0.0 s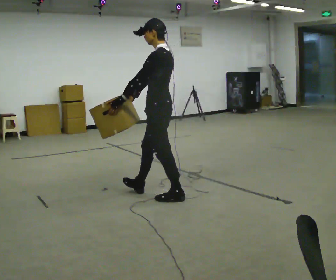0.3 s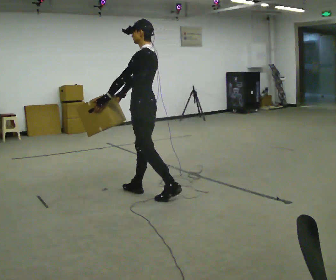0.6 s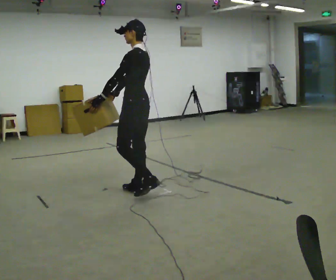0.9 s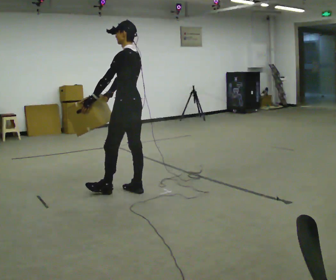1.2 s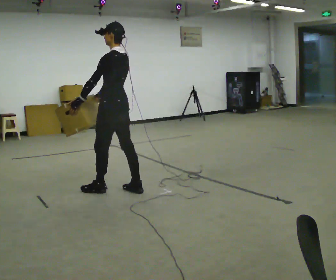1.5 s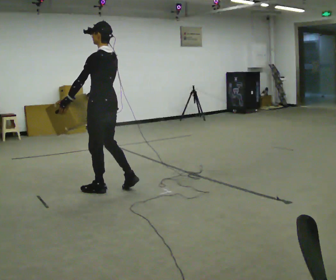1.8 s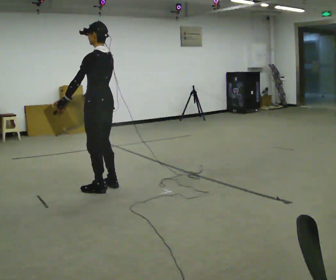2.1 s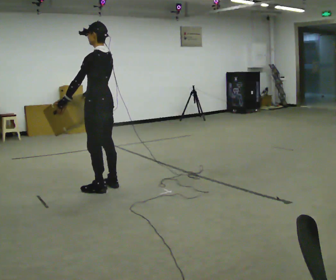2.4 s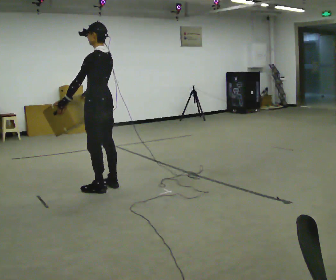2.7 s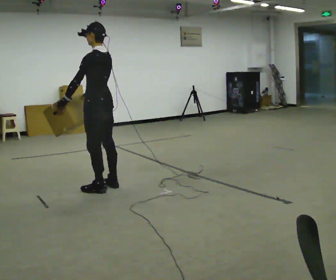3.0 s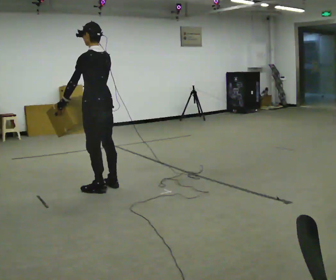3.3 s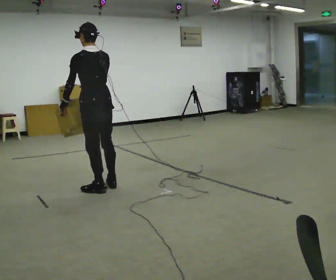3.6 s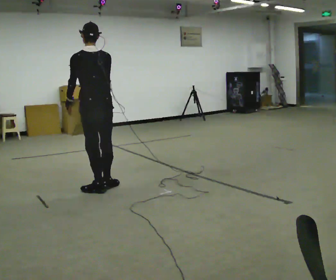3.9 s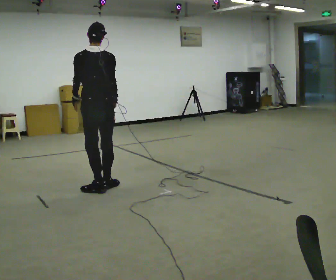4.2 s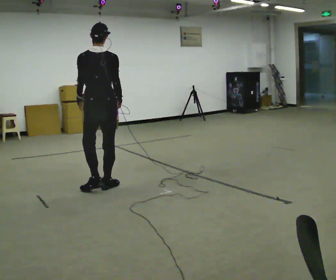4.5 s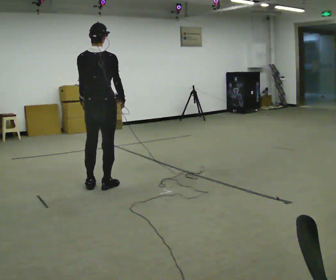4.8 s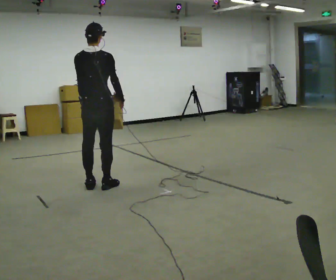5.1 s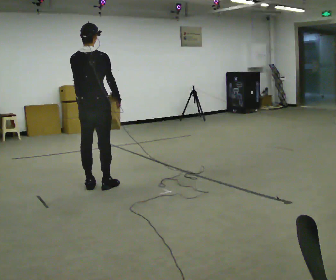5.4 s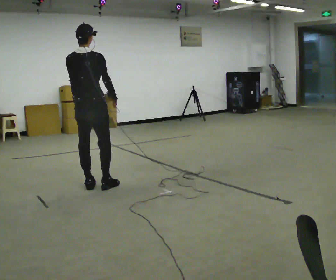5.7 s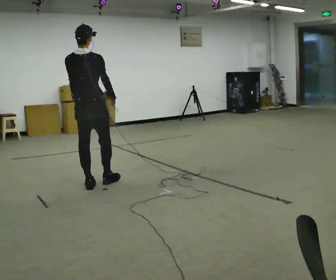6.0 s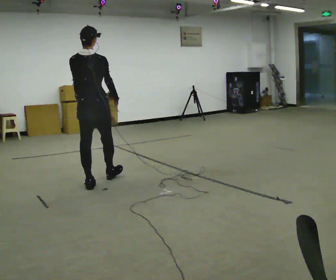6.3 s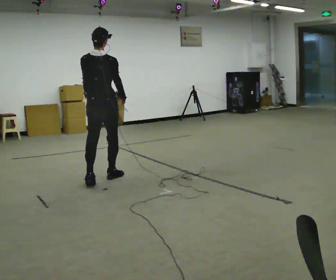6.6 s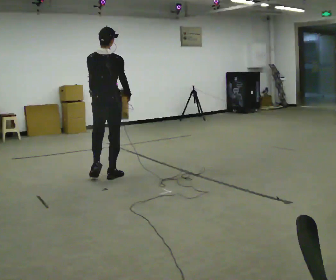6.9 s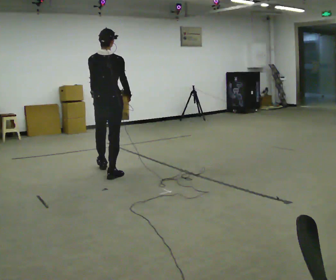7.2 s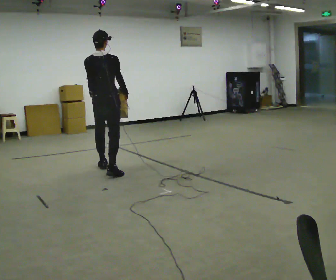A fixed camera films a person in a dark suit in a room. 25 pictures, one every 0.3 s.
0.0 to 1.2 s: In the picture they go to the left and away from the camera, about 0.5 m in 1 step, which for them is forward.
1.2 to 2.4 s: The person moves a little, or ends about where they began.
2.4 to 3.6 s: Seen from above the body turns clockwise, about 45 degrees: to their right, with its near side sliding to the left.
3.6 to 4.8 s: The person turns about 30 degrees to their right, clockwise seen from above, so the part of the body nearest the lens slides to the left.
4.8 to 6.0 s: In the picture they go away from the camera, about 0.25 m in 1 step, which for them is forward.
6.0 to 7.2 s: In the picture they go away from the camera, about 0.5 m in 1 step, which for them is forward.
The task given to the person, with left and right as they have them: Carry the heaviest box in both hands in front of you, walking back and forth across the room. Only carry what is comfortable. Set it down whenever you need to.
The film runs forward here.
